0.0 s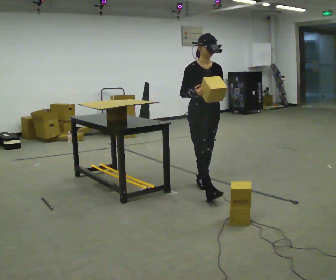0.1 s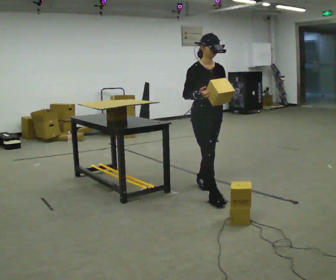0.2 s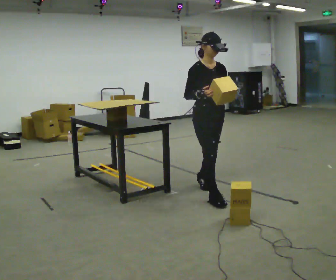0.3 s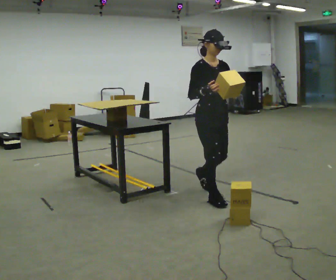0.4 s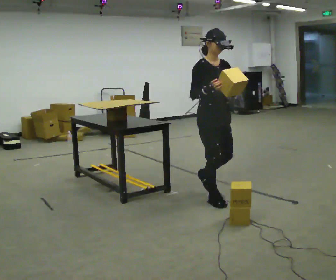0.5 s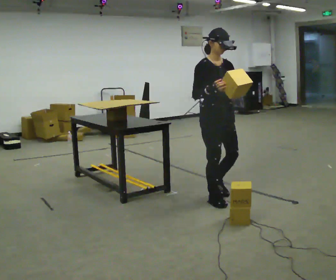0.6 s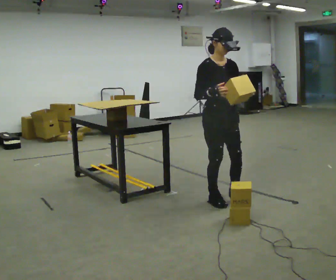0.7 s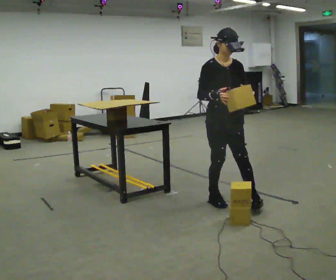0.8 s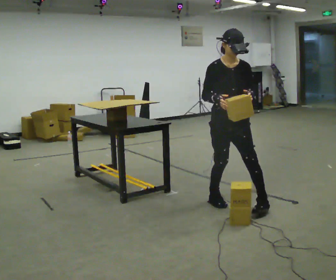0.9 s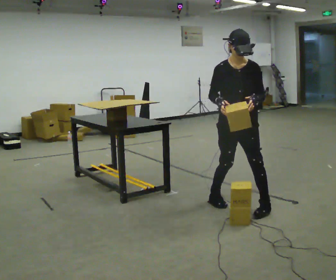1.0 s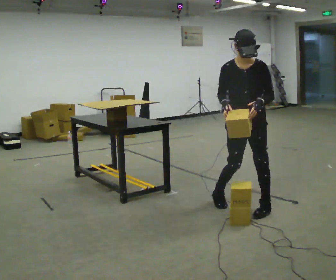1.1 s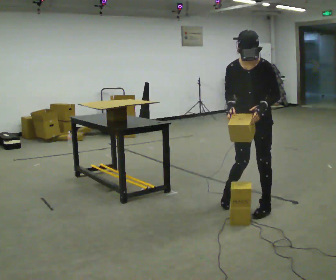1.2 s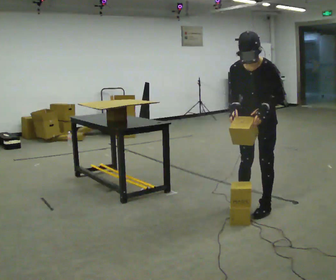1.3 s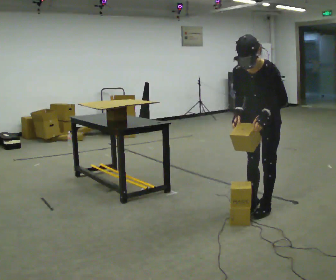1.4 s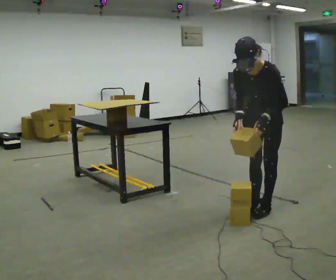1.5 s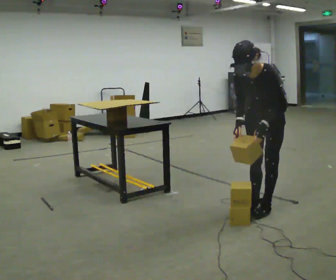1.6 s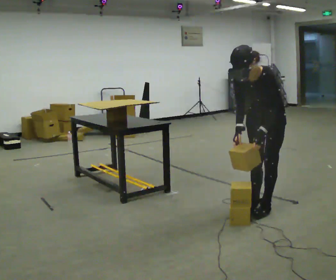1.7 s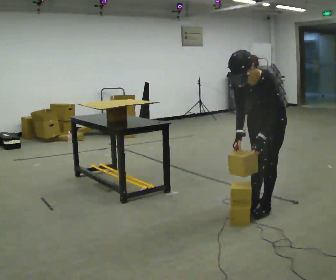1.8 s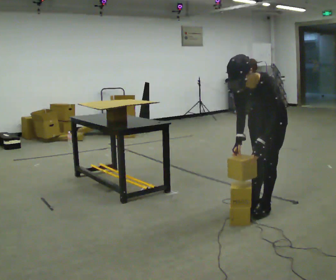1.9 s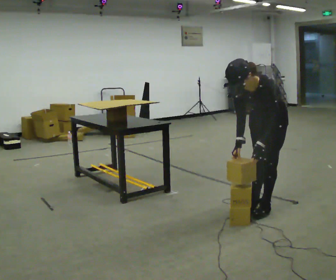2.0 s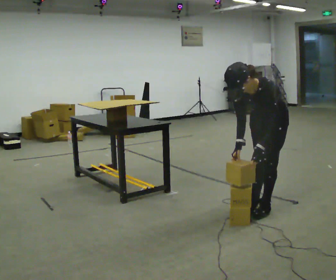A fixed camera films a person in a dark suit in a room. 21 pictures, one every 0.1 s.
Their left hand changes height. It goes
downward.
The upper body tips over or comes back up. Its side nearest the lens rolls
downward.
0.0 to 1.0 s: The person turns about 45 degrees to their right, clockwise seen from above, so the part of the body nearest the lens slides to the left. In the picture they go toward the camera and to the right, about 0.75 m in 2 steps, which for them is forward.
1.0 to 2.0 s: The person turns about 30 degrees to their right, clockwise seen from above, so the part of the body nearest the lens slides to the left. In the picture they go to the right, about 0.25 m in 1 step, which for them is to their left. The shoulders move downward. The upper body tips toward the camera, its near side rolling downward, as they bend forward.
The film runs forward here.
